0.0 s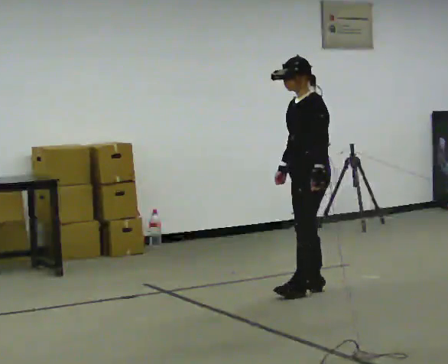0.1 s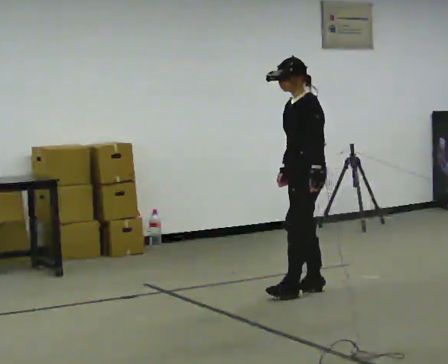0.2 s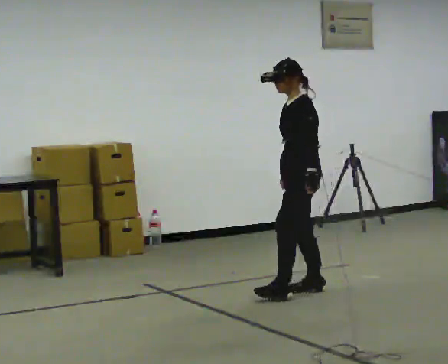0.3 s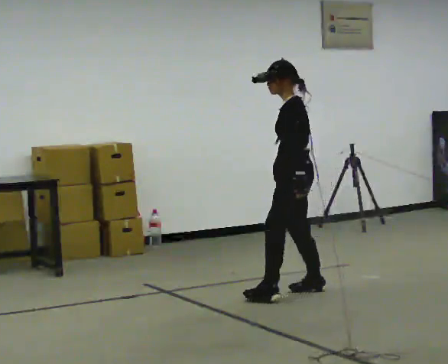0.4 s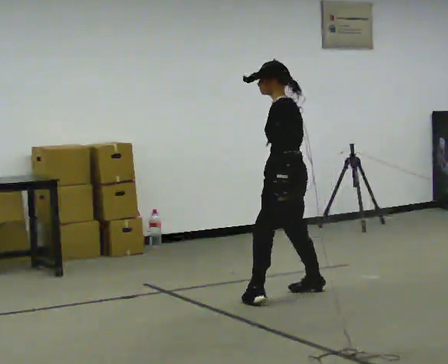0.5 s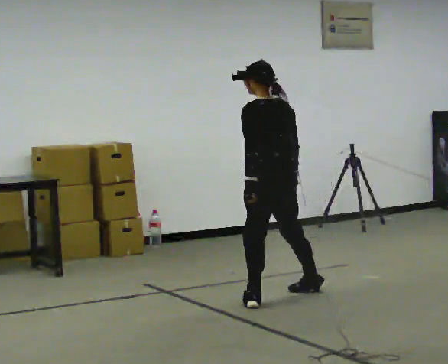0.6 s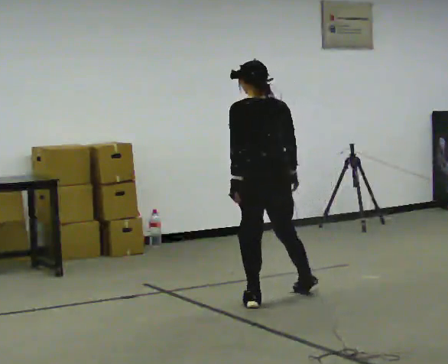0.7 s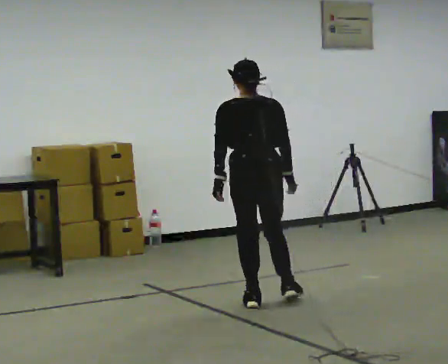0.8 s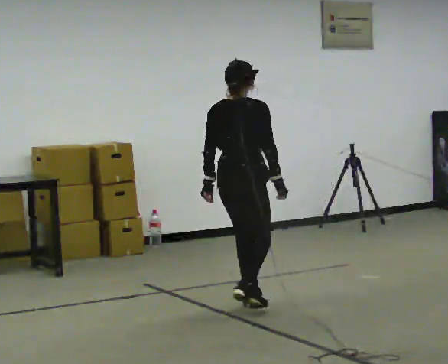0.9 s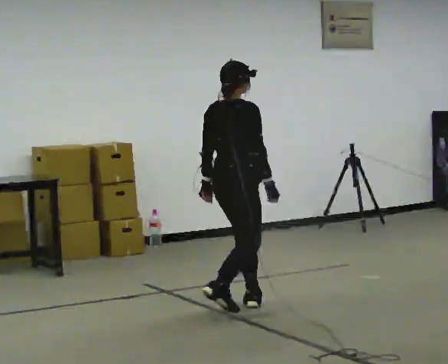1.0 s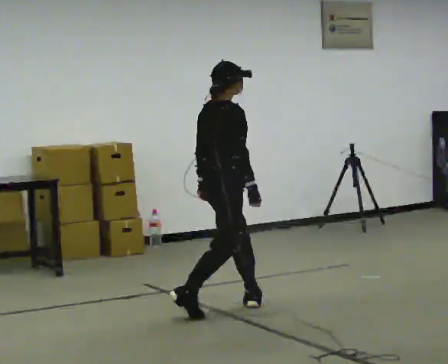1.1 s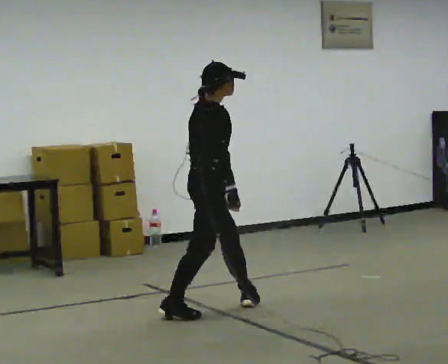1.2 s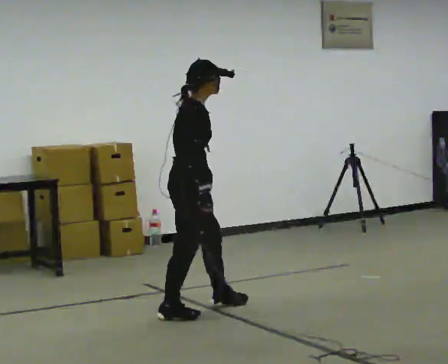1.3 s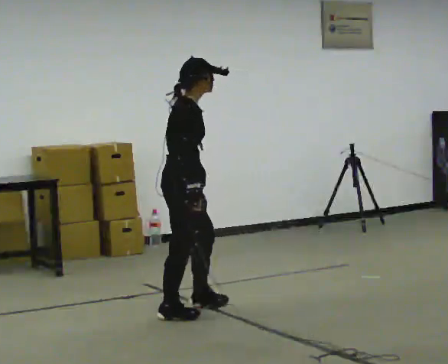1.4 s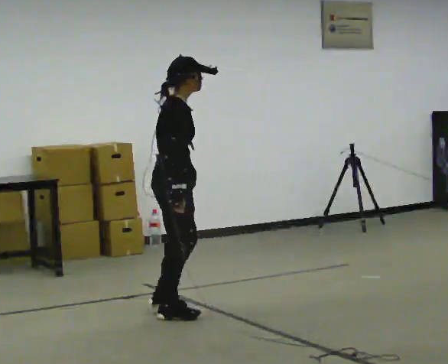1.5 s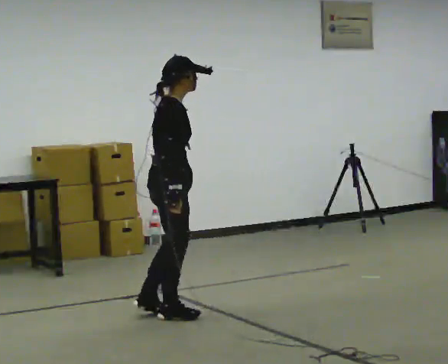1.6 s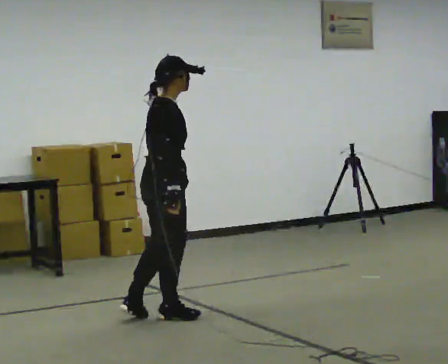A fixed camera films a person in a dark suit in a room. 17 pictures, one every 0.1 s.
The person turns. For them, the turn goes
to their right.
The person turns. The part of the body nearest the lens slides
to the left.
0.0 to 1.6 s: The person turns about 180 degrees to their right, clockwise seen from above, so the part of the body nearest the lens slides to the left. In the picture they go to the left and toward the camera, about 1 m in 2 steps.
The film runs forward here.
